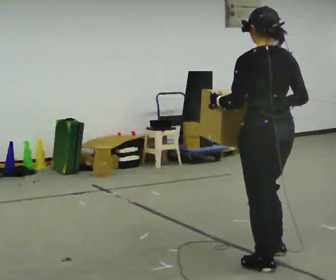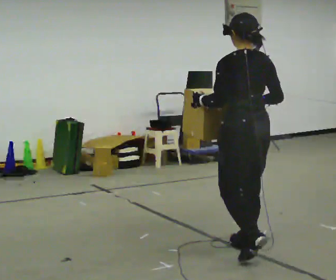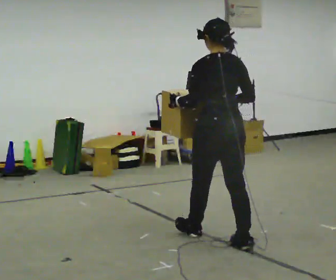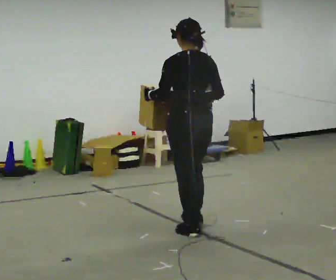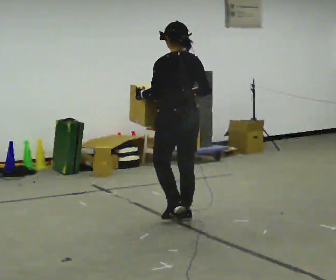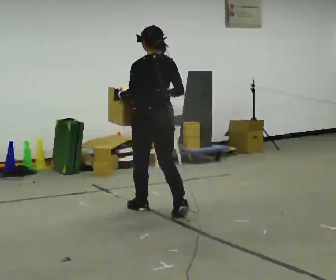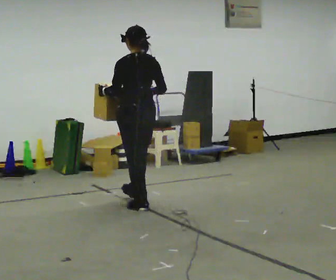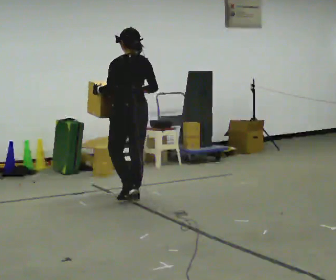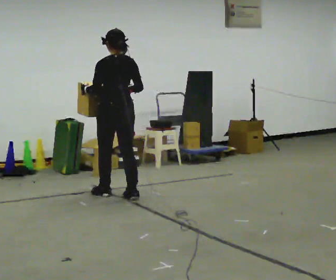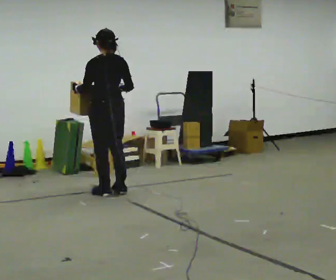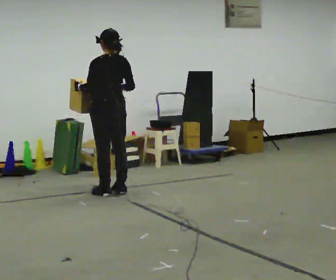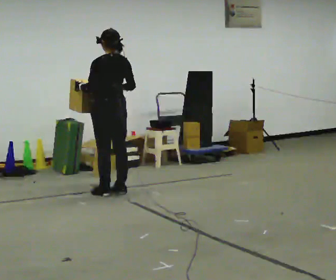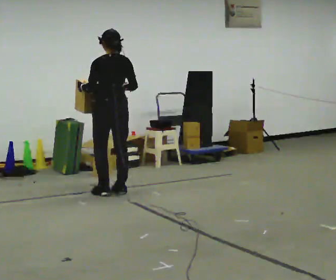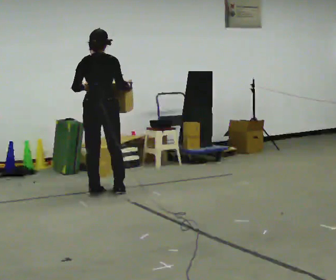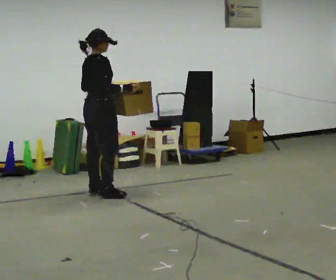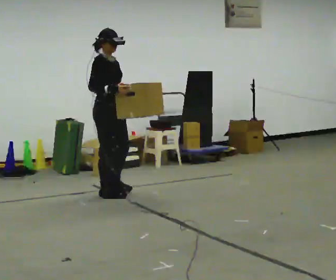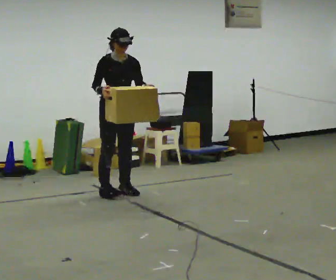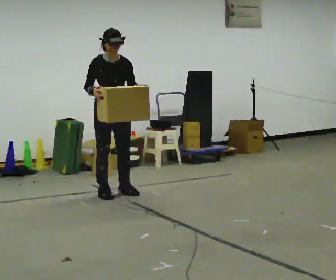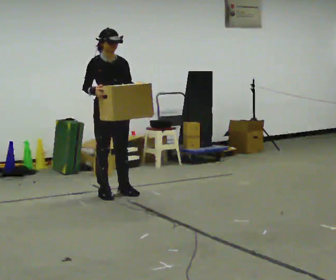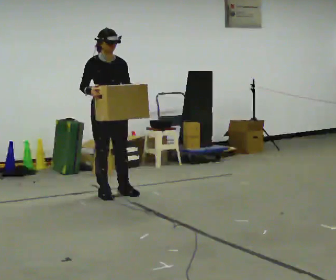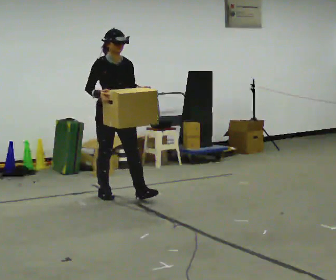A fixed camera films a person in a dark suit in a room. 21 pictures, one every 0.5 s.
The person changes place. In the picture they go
away from the camera.
0.0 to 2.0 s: In the picture they go away from the camera, about 1.5 m in 3 steps, which for them is forward.
2.0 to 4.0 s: In the picture they go away from the camera and to the left, about 1 m in 3 steps, which for them is forward.
4.0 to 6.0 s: In the picture they go away from the camera, about 0.25 m in 1 step, which for them is forward.
6.0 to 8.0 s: The person turns about 180 degrees to their right, clockwise seen from above, so the part of the body nearest the lens slides to the left. In the picture their left hand goes to the right.
8.0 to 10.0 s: In the picture they go toward the camera, about 0.25 m, which for them is forward.
The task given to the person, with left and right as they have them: Carry the box across the room much more slowly and carefully than normal, back and forth.
The film runs forward here.
